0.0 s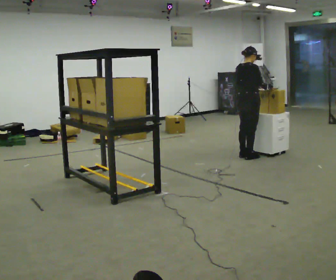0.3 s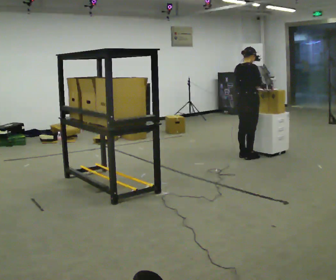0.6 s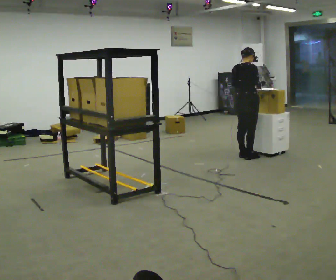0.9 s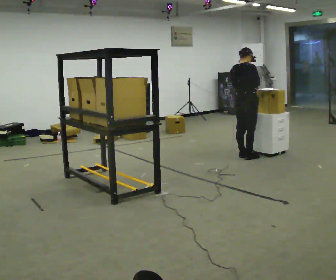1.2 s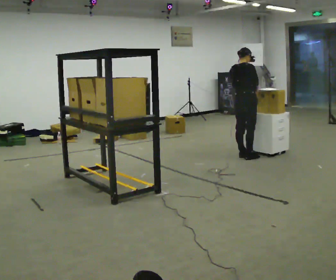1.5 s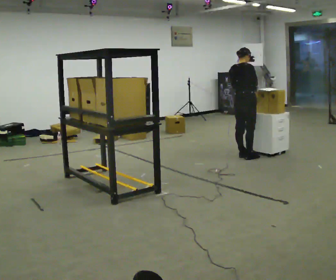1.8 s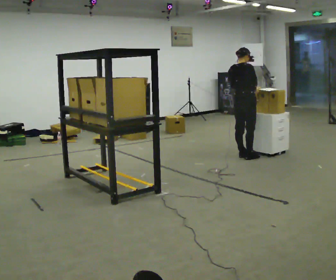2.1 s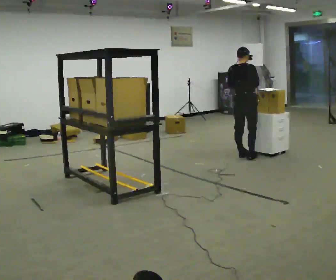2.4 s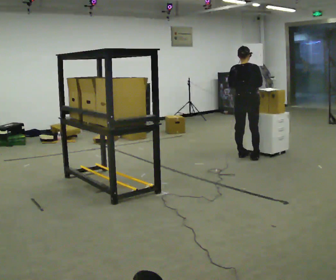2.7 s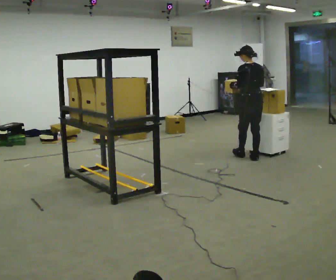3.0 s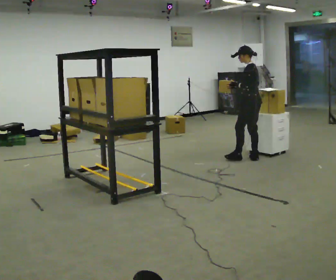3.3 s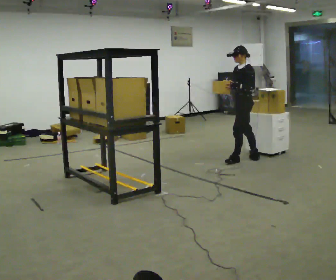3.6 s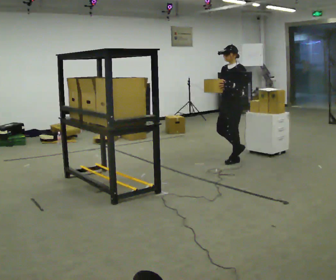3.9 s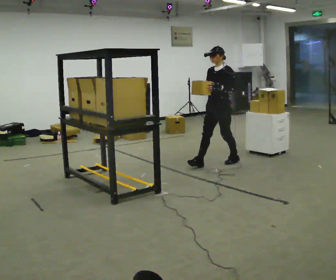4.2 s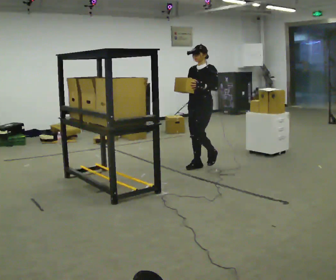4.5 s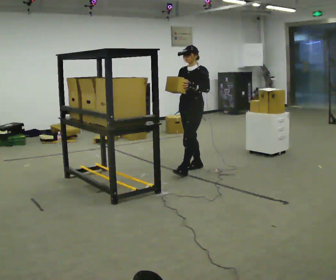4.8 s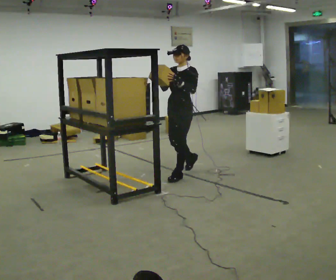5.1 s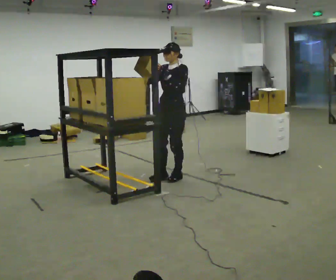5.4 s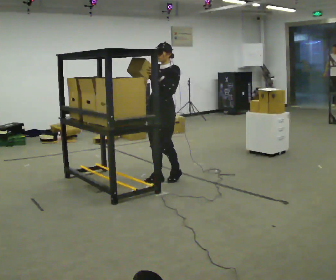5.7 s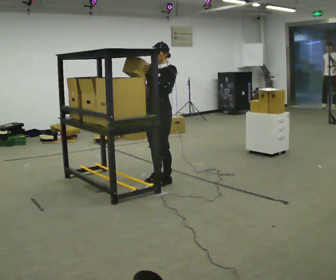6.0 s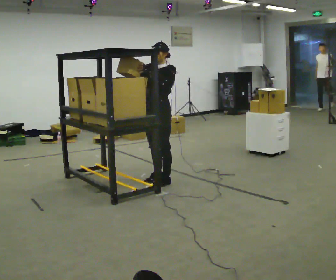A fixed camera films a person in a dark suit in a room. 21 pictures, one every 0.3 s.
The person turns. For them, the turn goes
to their left.
The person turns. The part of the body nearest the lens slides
to the right.
0.0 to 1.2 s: The person moves a little, or ends about where they began.
1.2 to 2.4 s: Seen from above the body turns counterclockwise, about 45 degrees: to their left, with its near side sliding to the right.
2.4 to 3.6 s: Seen from above the body turns counterclockwise, about 120 degrees: to their left, with its near side sliding to the right. In the picture they go to the left and toward the camera, about 0.25 m in 1 step.
3.6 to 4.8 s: In the picture they go toward the camera and to the left, about 1 m in 2 steps, which for them is forward.
4.8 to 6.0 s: In the picture they go toward the camera and to the left, about 0.25 m in 2 steps, which for them is forward.
The film runs forward here.
